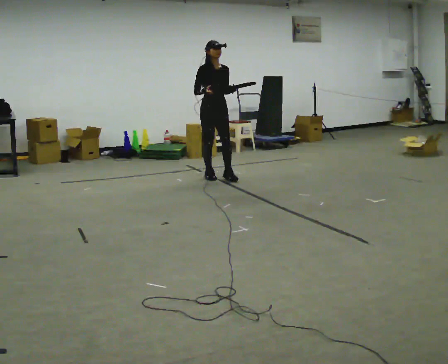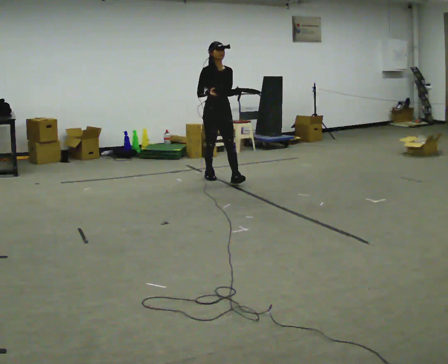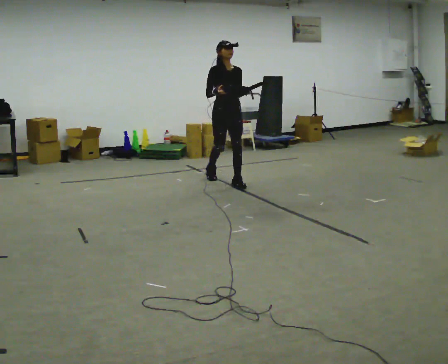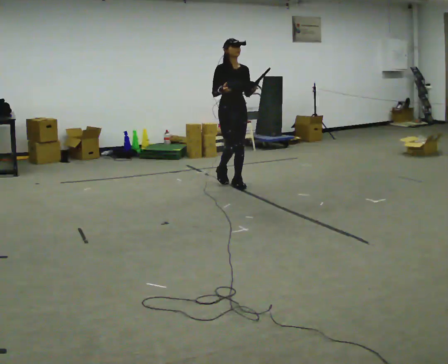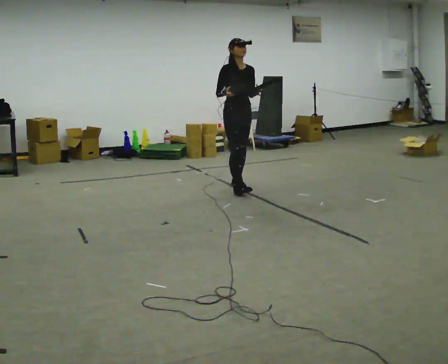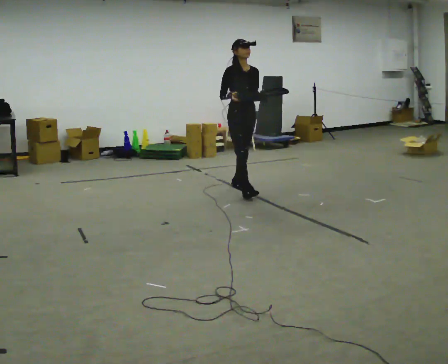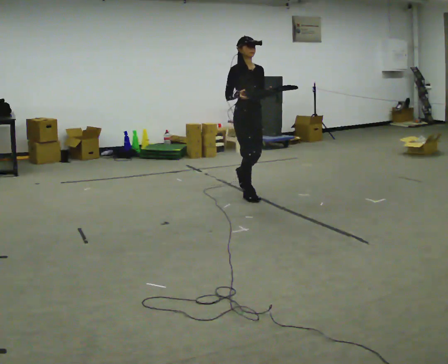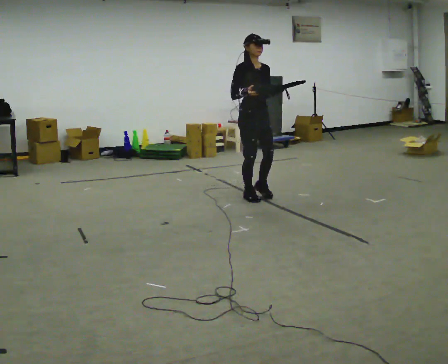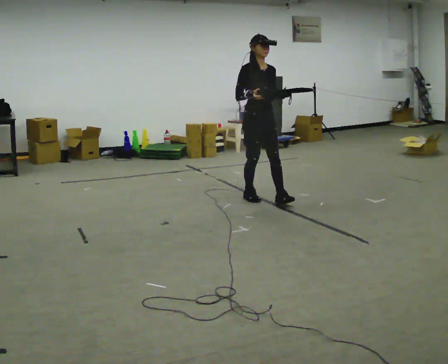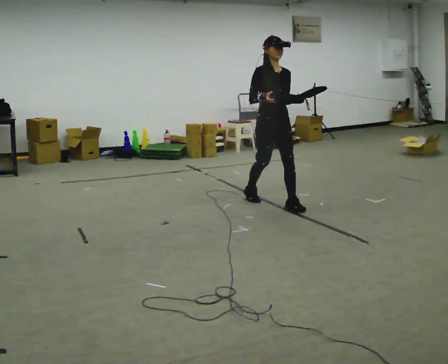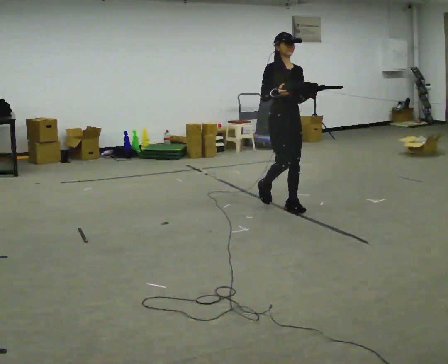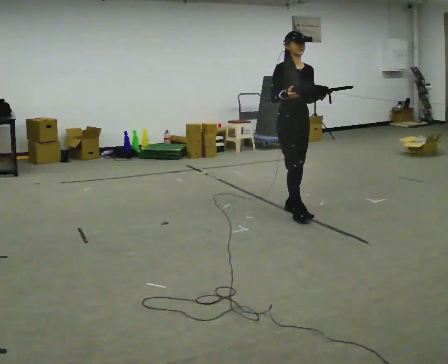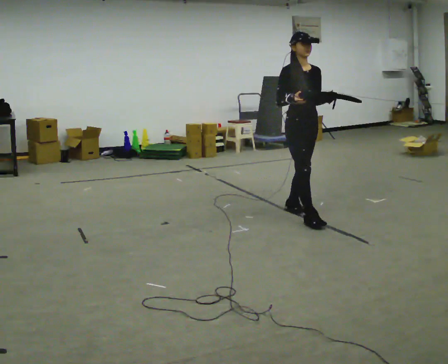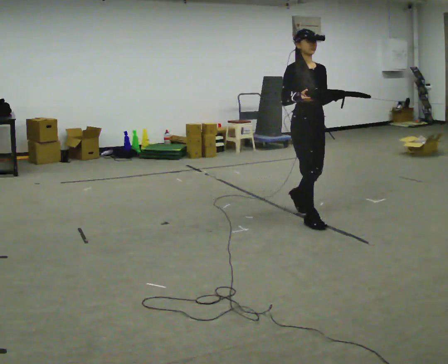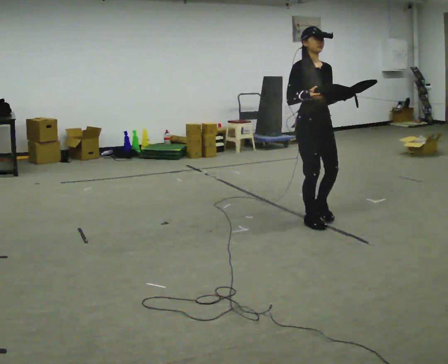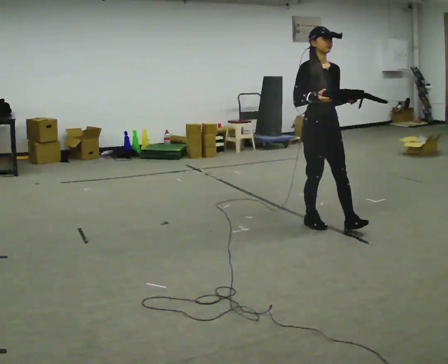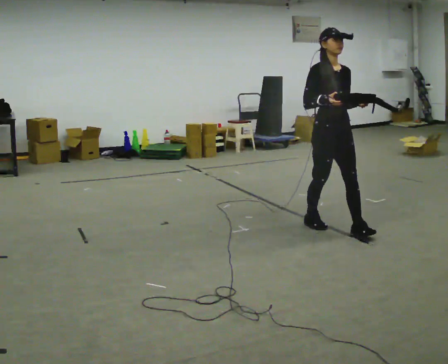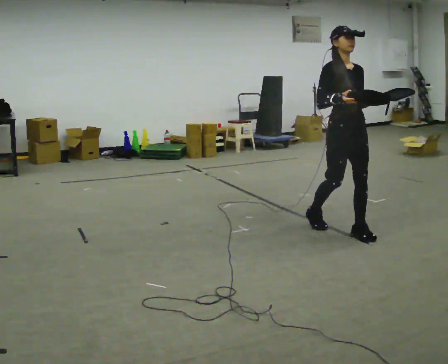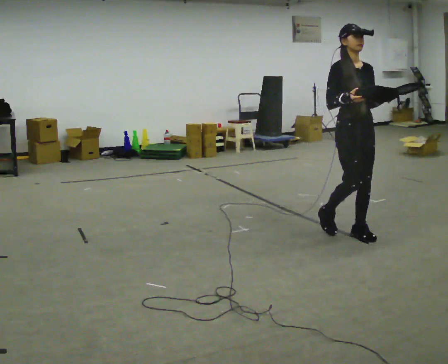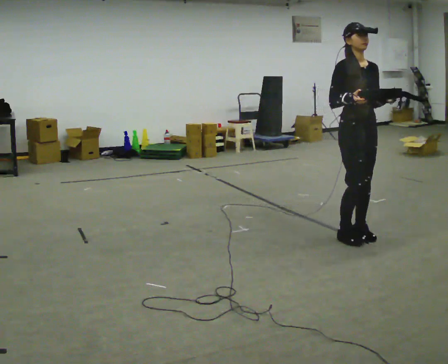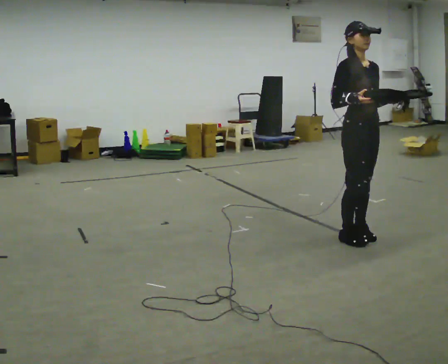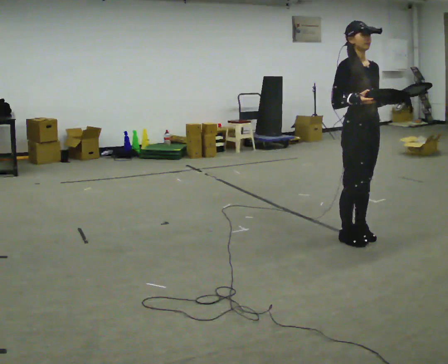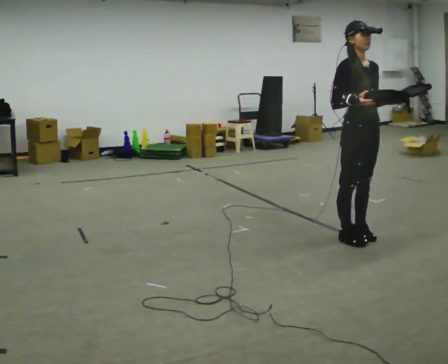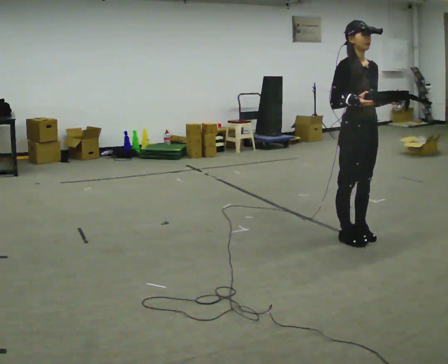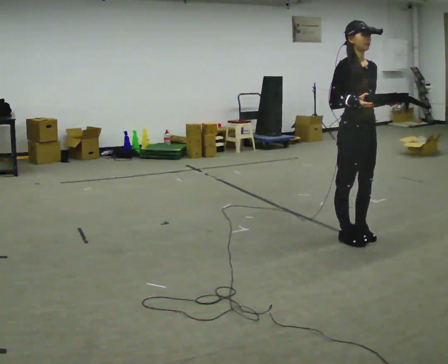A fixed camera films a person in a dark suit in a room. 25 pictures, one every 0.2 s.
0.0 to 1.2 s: In the picture they go toward the camera and to the right, about 1 m in 2 steps, which for them is forward.
1.2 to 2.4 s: In the picture they go toward the camera and to the right, about 1 m in 2 steps, which for them is forward.
2.4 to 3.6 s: In the picture they go toward the camera and to the right, about 0.75 m in 1 step, which for them is forward.
3.6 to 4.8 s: The person moves a little, or ends about where they began.
The film runs forward here.
